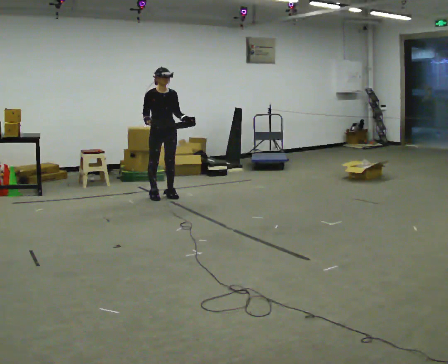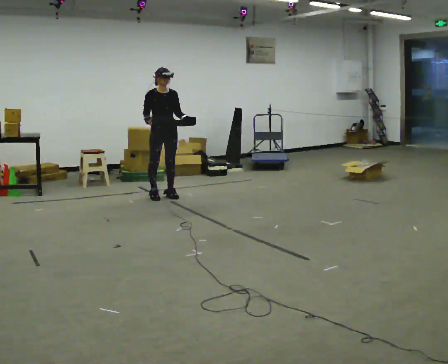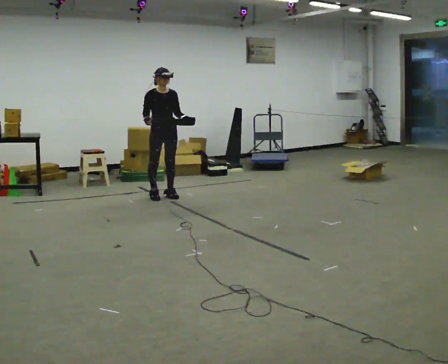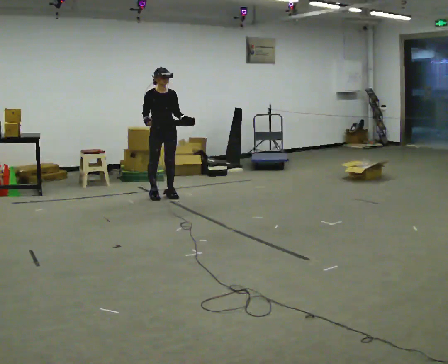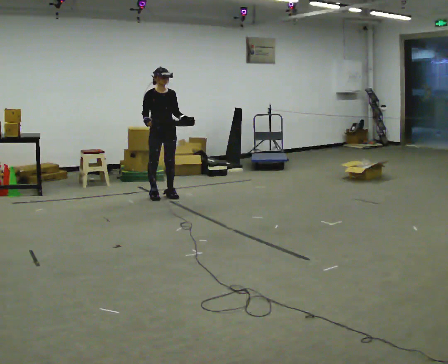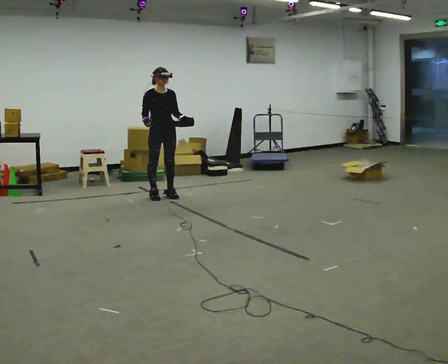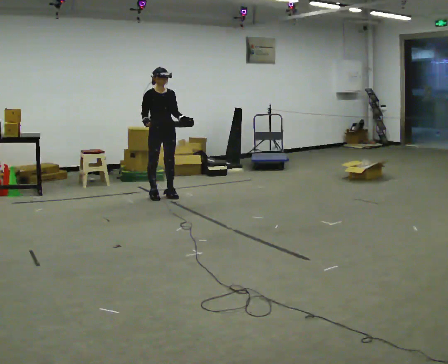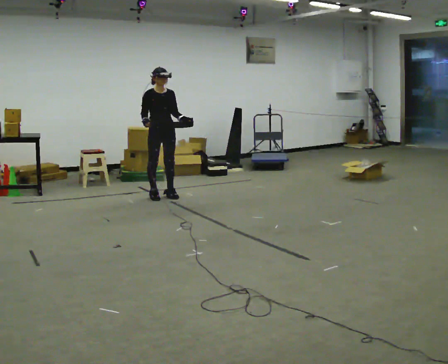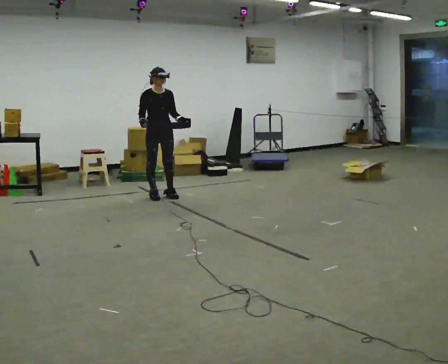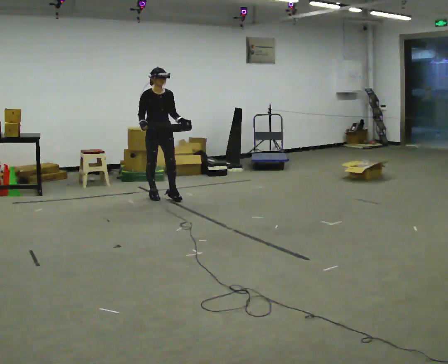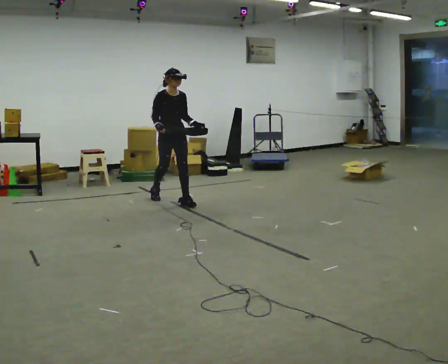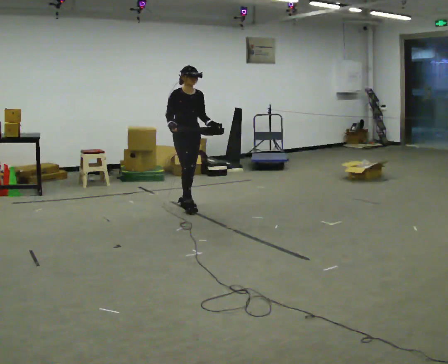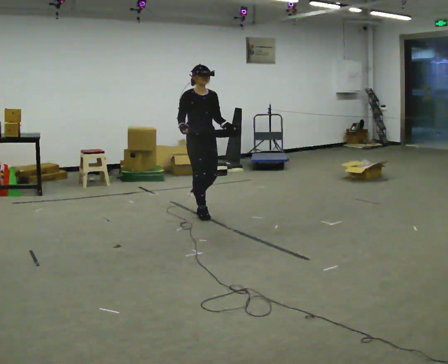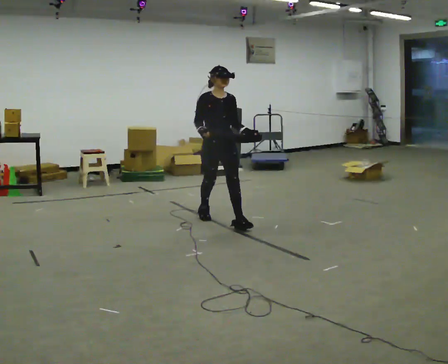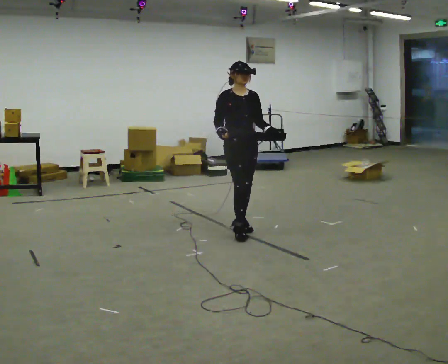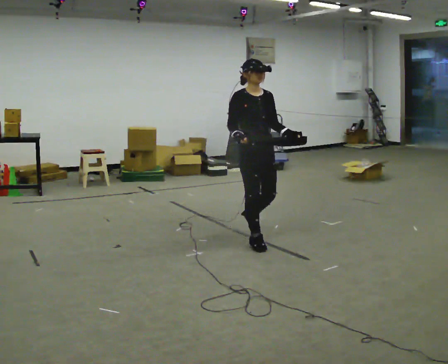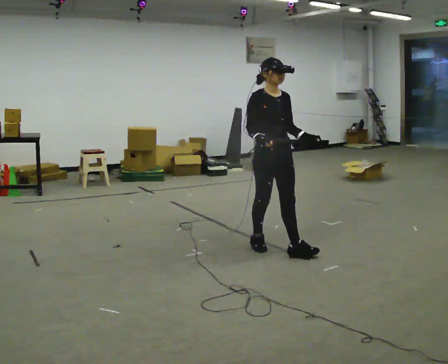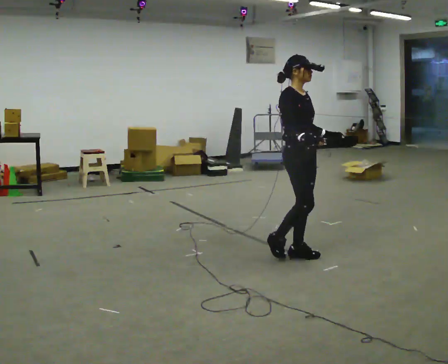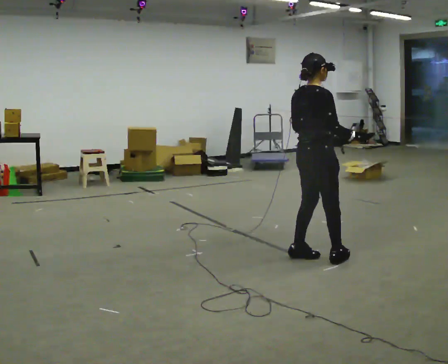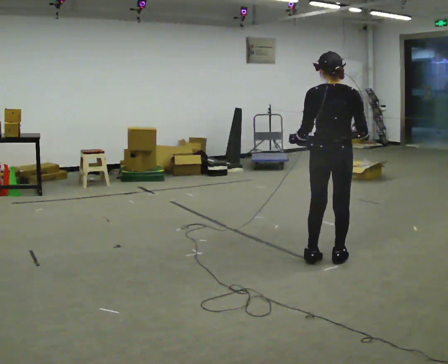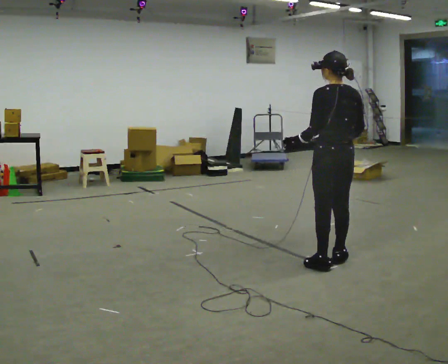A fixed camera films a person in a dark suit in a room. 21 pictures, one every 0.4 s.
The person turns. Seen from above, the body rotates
counterclockwise.
The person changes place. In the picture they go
toward the camera.
0.0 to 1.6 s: The person keeps their place and pose.
1.6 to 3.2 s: The person moves a little, or ends about where they began.
3.2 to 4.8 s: In the picture they go toward the camera and to the right, about 1 m in 2 steps, which for them is forward.
4.8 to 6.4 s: In the picture they go toward the camera and to the right, about 1.5 m in 2 steps, which for them is forward.
6.4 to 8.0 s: The part of the body nearest the lens slides to the right as the person turns to their left by about 165 degrees. In the picture they go to the right and toward the camera, about 0.5 m in 3 steps.
The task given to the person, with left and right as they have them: Carry the box with its lid hanging open across the room, back and forth.
The film runs forward here.
